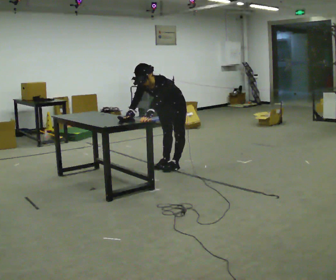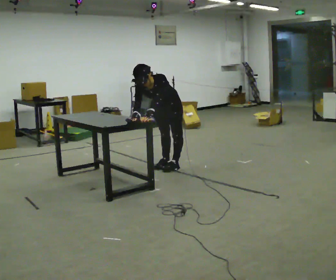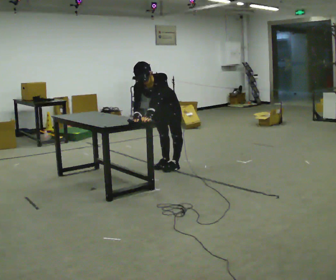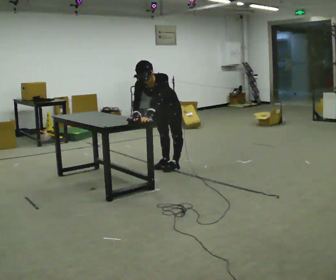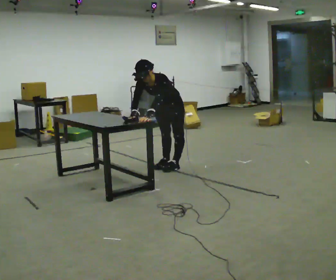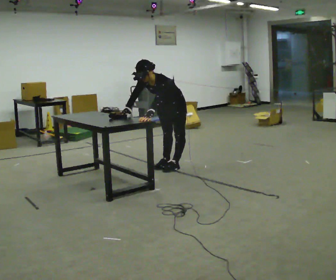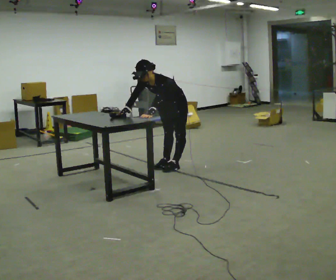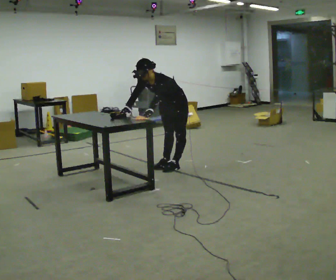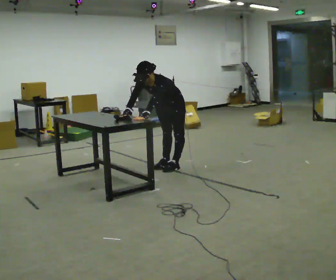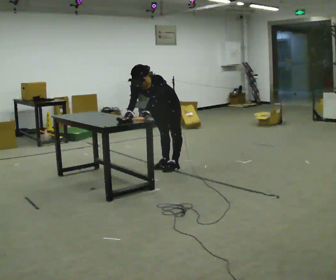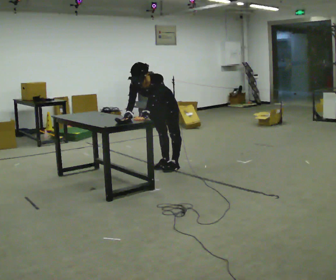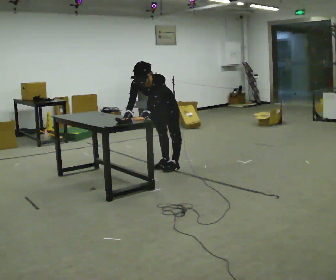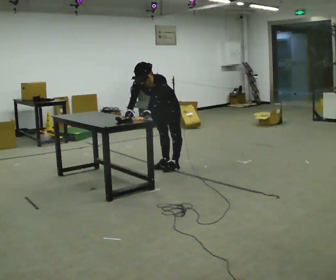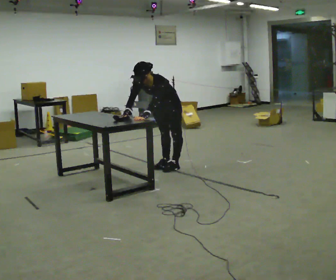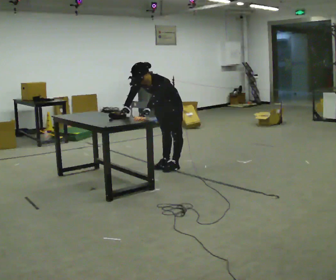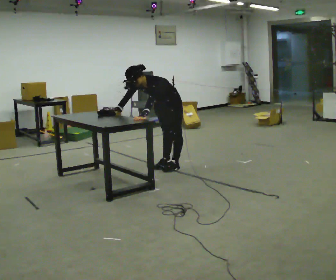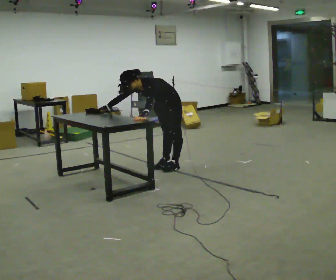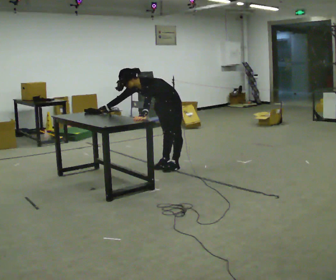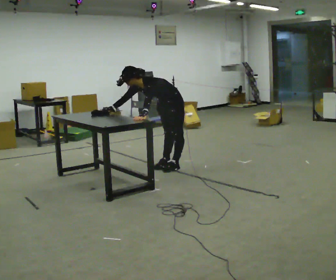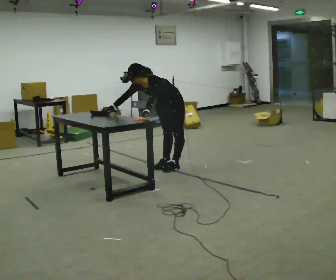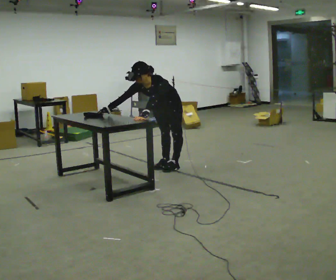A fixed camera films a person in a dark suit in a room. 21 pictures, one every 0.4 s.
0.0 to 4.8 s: The person moves a little, or ends about where they began.
4.8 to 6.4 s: The part of the body nearest the lens slides to the left as the person turns to their right by about 30 degrees. In the picture the upper body tilts counterclockwise, shoulders to the left. In the picture their right hand goes to the left.
6.4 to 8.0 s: In the picture the upper body tilts clockwise, shoulders to the right.
The film runs backward here.
